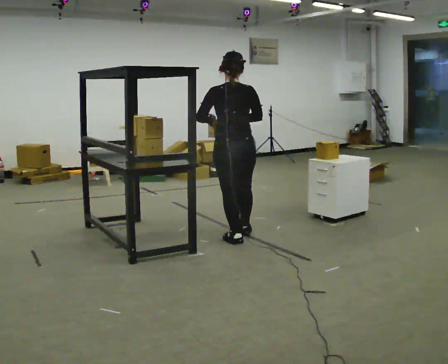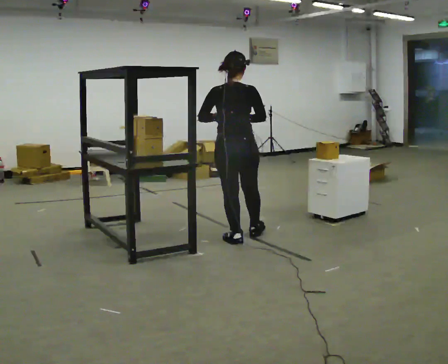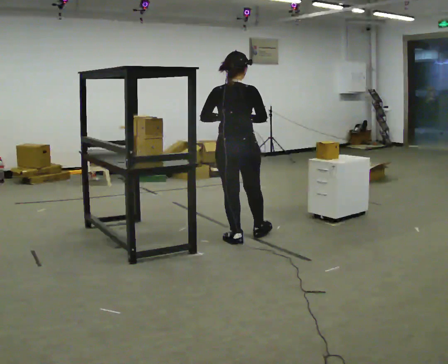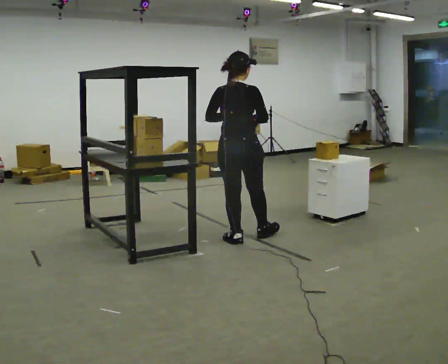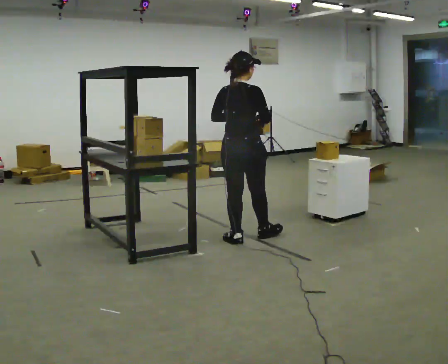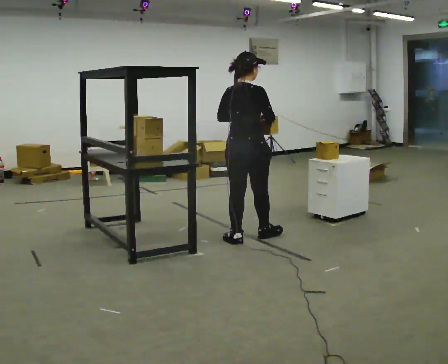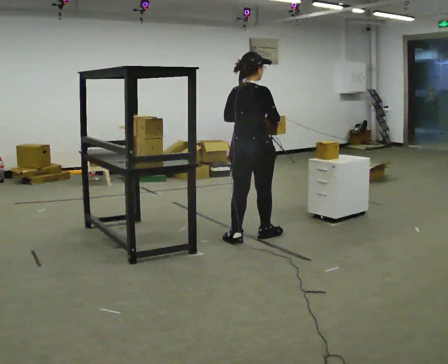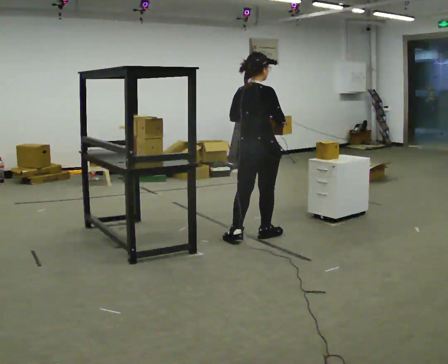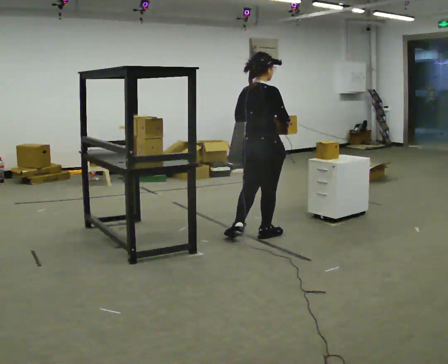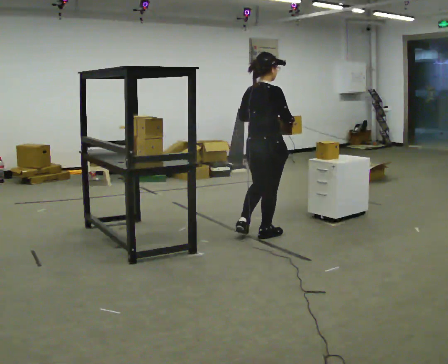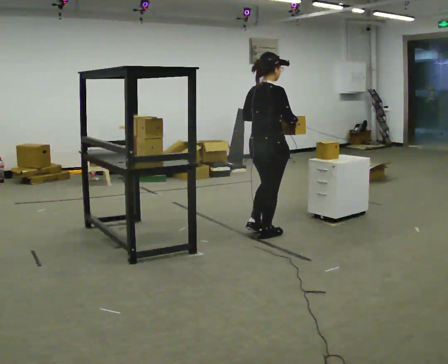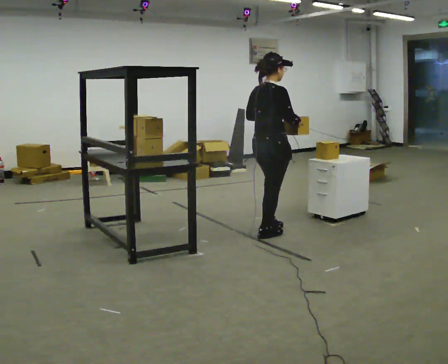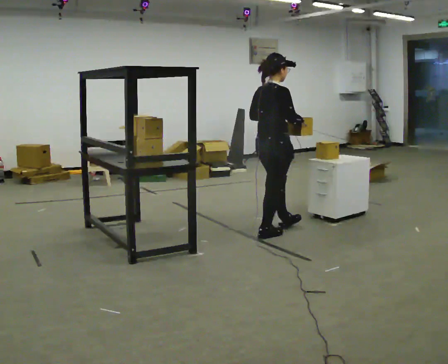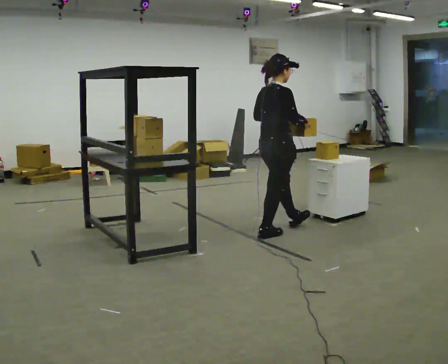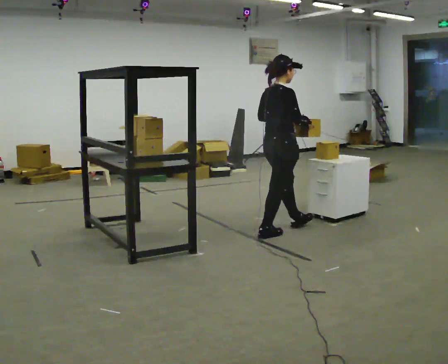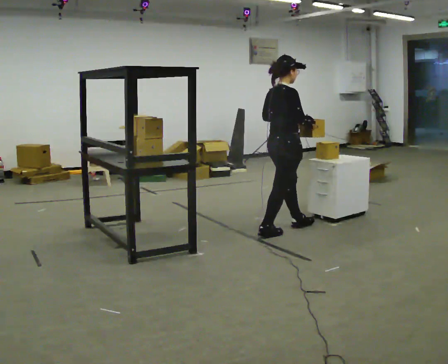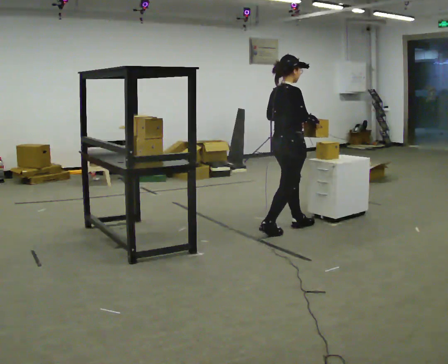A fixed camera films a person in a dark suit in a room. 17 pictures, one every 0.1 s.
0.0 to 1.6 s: Seen from above the body turns clockwise, about 75 degrees: to their right, with its near side sliding to the left. In the picture they go to the right and away from the camera, about 0.5 m in 2 steps.
The film runs forward here.
